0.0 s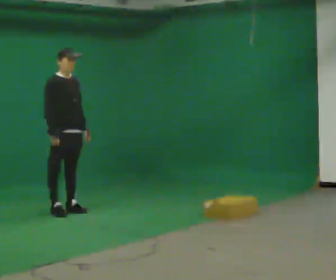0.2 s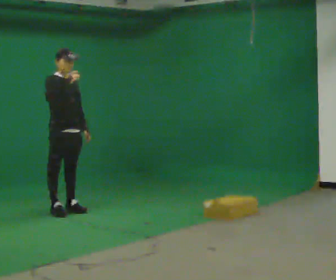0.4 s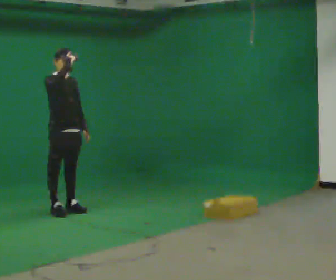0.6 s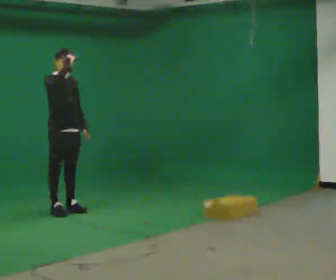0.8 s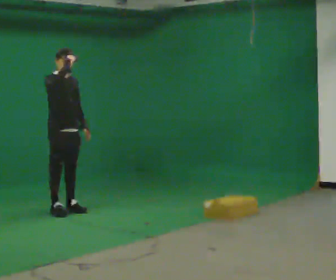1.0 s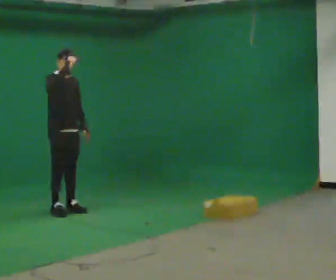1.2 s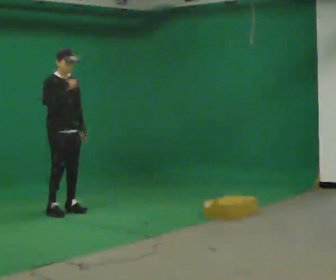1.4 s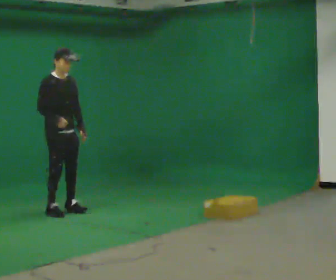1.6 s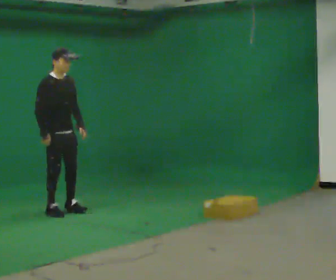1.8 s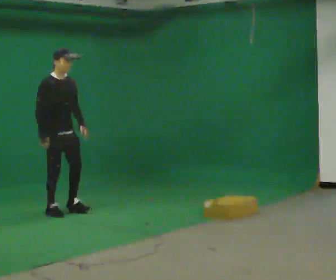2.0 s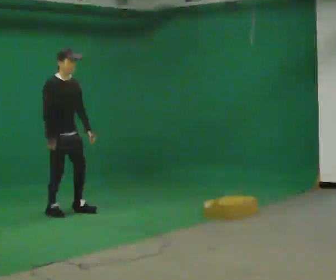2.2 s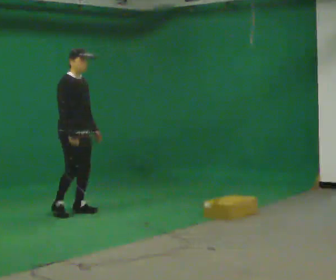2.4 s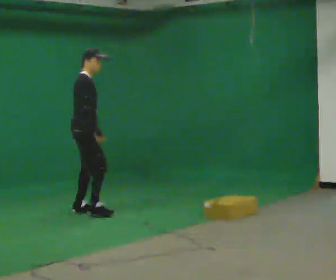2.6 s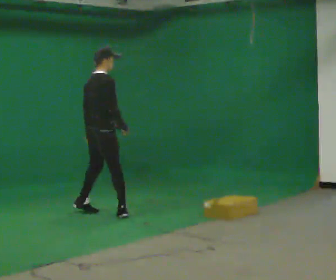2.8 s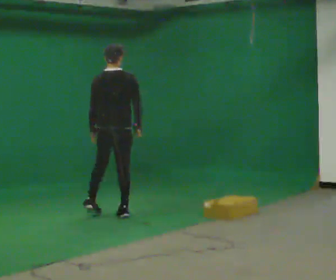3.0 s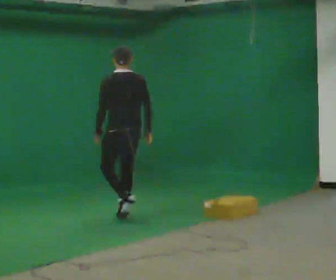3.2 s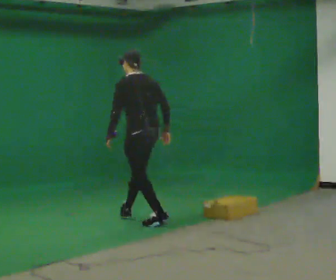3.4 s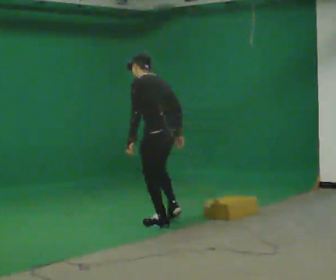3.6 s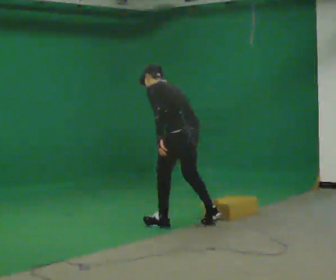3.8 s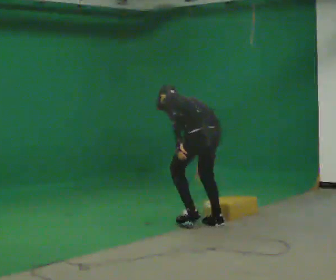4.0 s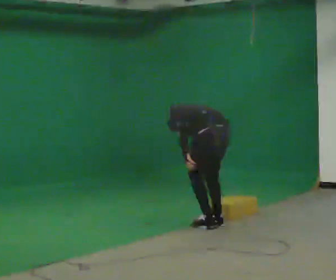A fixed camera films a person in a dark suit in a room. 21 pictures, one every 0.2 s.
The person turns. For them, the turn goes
to their left.
The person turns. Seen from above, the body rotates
counterclockwise.
0.0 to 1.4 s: The person moves a little, or ends about where they began.
1.4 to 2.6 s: The person turns about 75 degrees to their left, counterclockwise seen from above, so the part of the body nearest the lens slides to the right. In the picture they go to the right and toward the camera, about 0.5 m in 1 step.
2.6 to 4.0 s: Seen from above the body turns counterclockwise, about 105 degrees: to their left, with its near side sliding to the right. In the picture they go to the right and toward the camera, about 1.5 m in 3 steps. The upper body goes downward. The upper body tips away from the camera, its near side rolling upward, as they bend forward.
The film runs backward here.
